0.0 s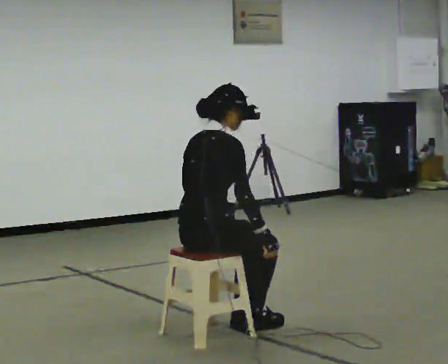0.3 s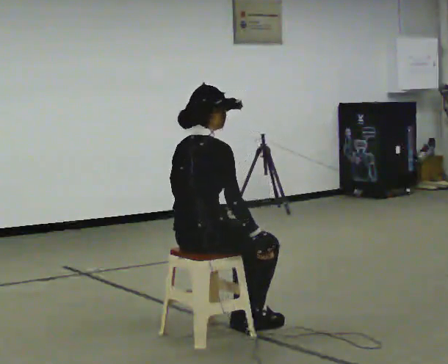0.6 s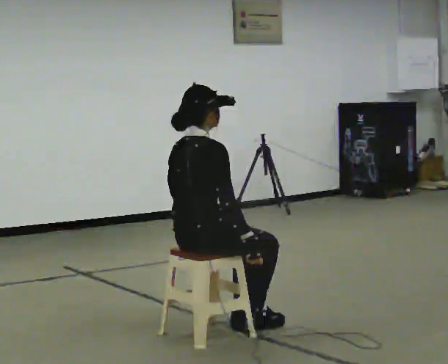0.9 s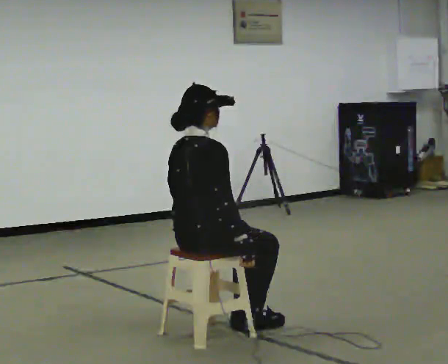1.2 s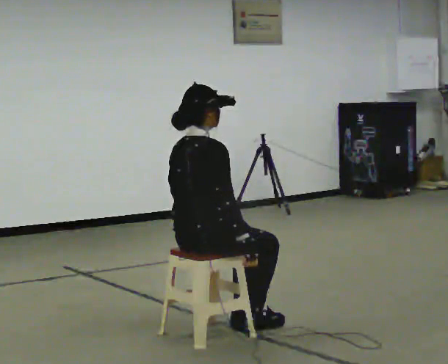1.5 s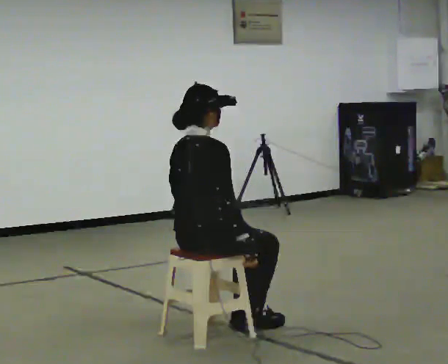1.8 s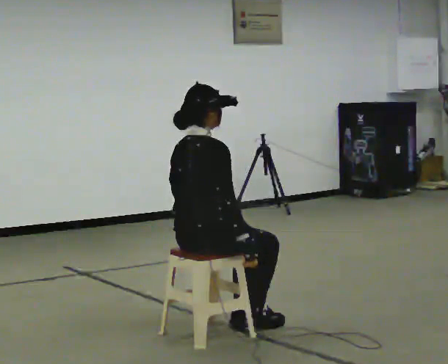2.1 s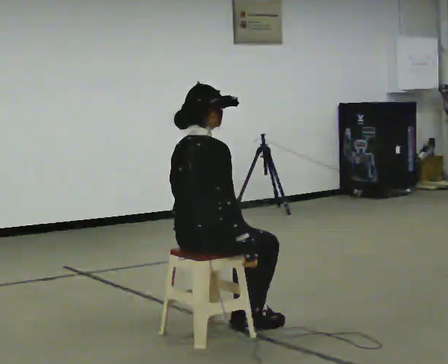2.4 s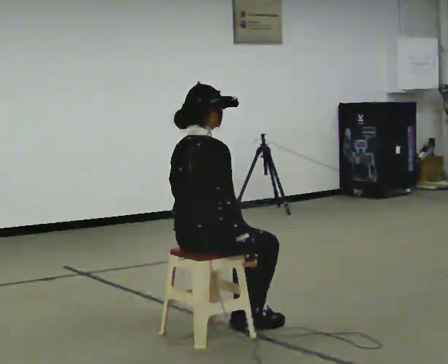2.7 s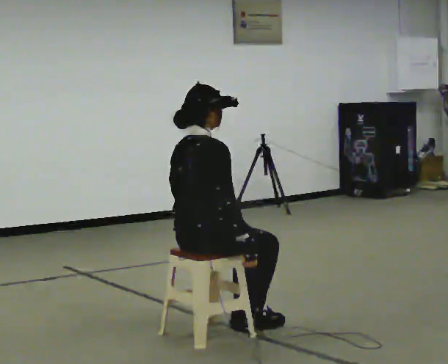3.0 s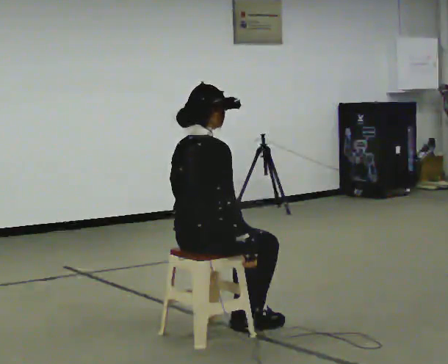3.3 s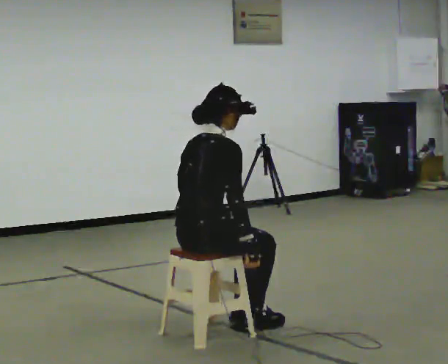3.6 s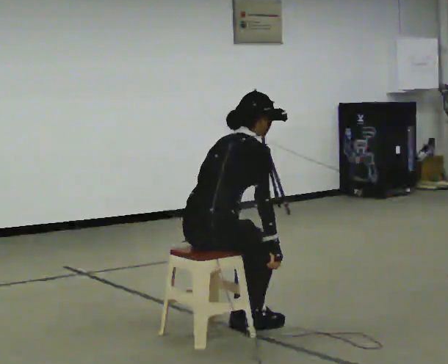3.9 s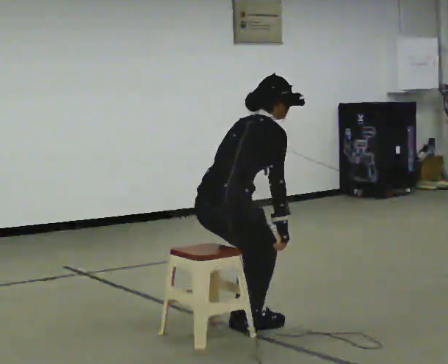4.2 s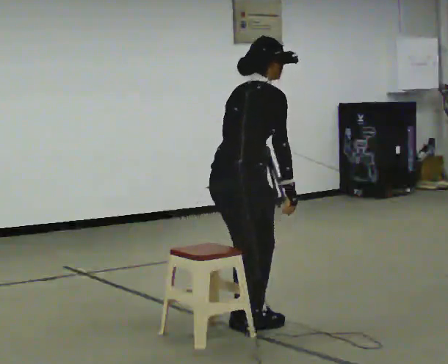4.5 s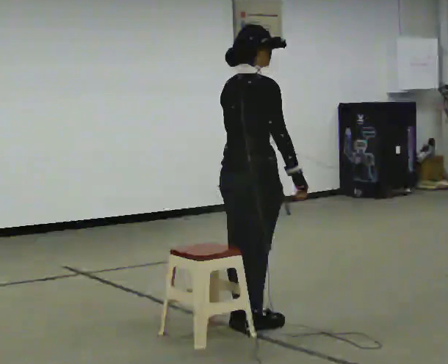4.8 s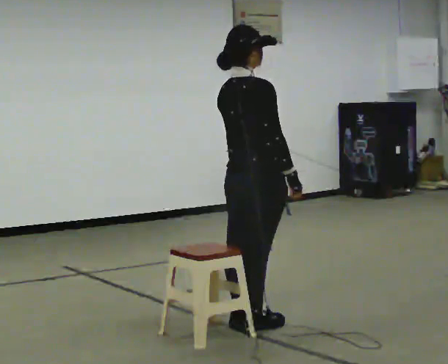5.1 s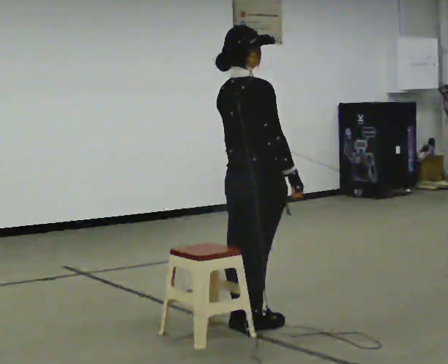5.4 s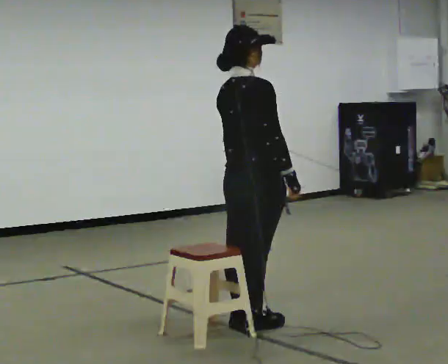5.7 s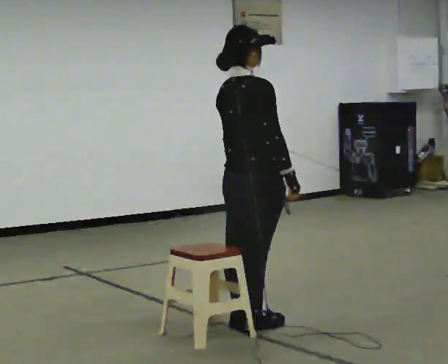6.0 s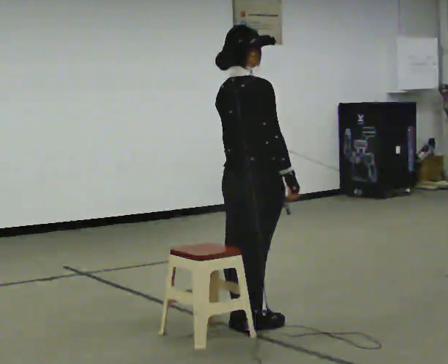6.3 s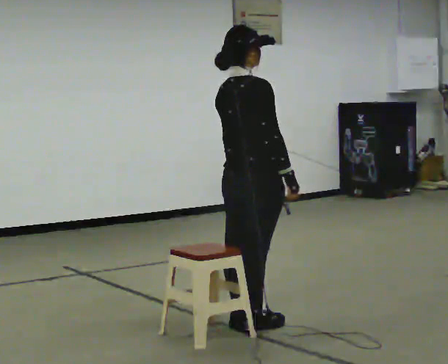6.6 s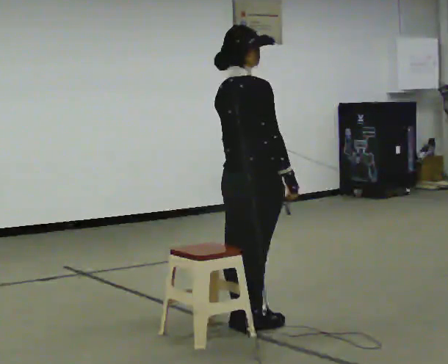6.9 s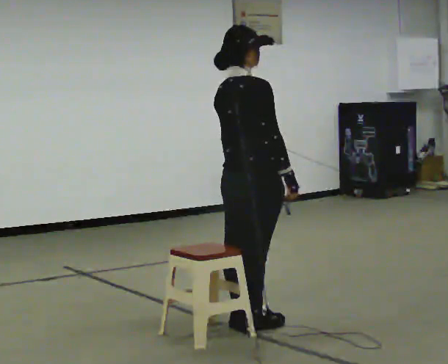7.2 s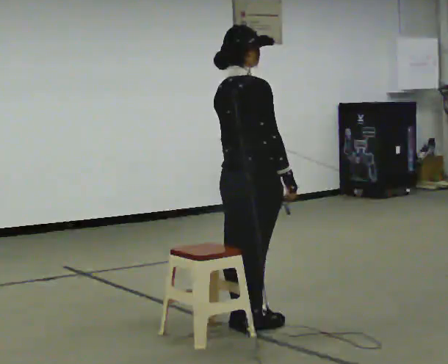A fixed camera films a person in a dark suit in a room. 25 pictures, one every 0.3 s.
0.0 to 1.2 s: The person moves a little, or ends about where they began.
1.2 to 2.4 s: The person keeps their place and pose.
2.4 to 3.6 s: In the picture the upper body tilts clockwise, shoulders to the right, as they bend forward.
3.6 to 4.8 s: In the picture they go to the right and away from the camera, about 0.25 m, which for them is forward. The upper body goes upward. In the picture the upper body tilts counterclockwise, shoulders to the left, as they lean back or straighten. In the picture their left hand goes upward.
4.8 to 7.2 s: The person moves a little, or ends about where they began.
The film runs forward here.
